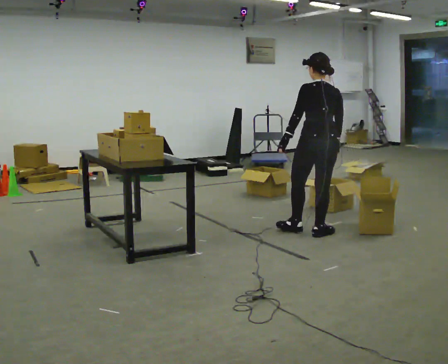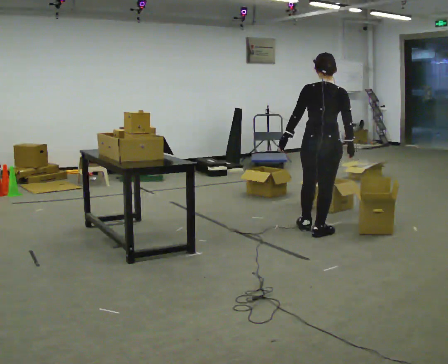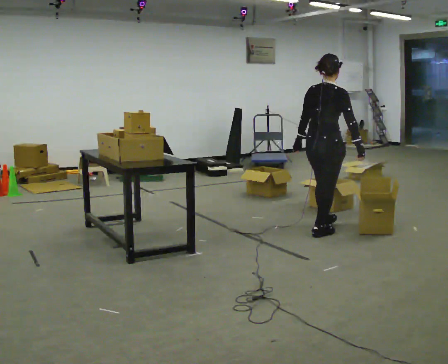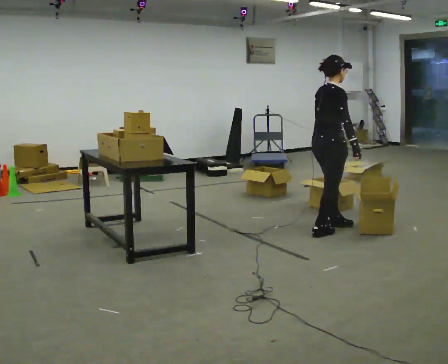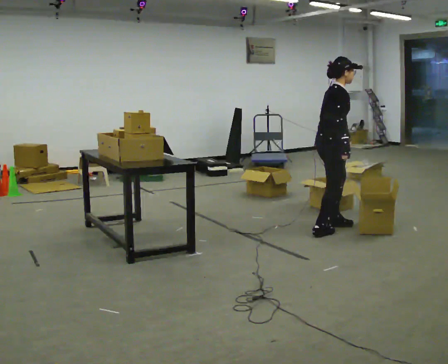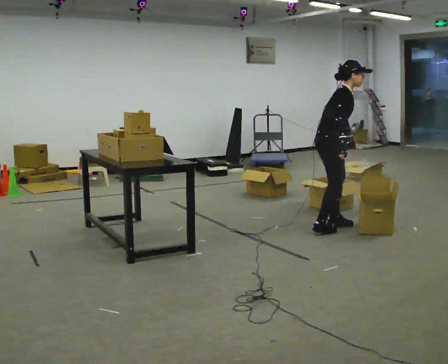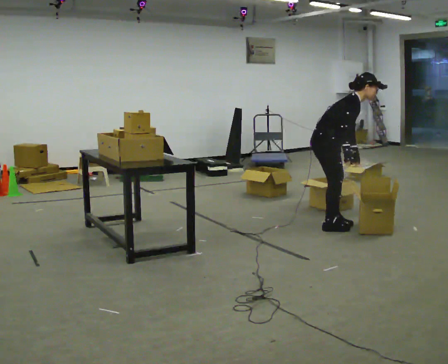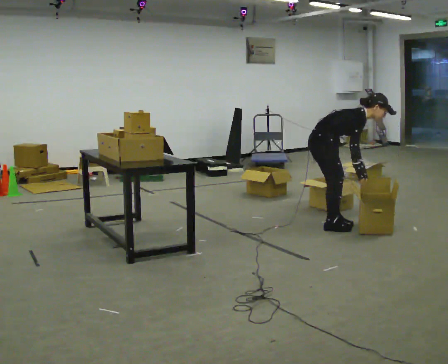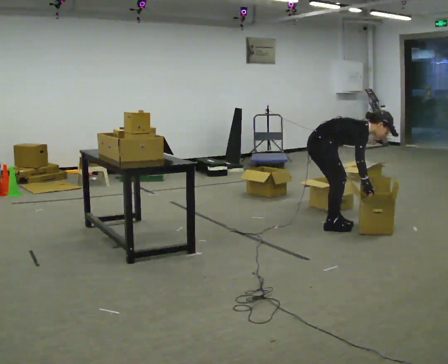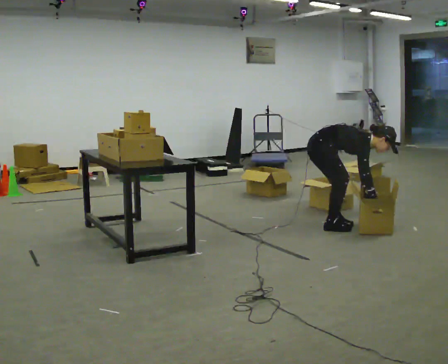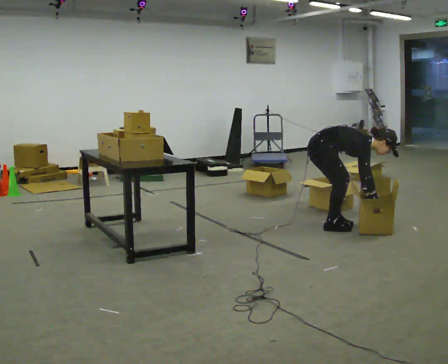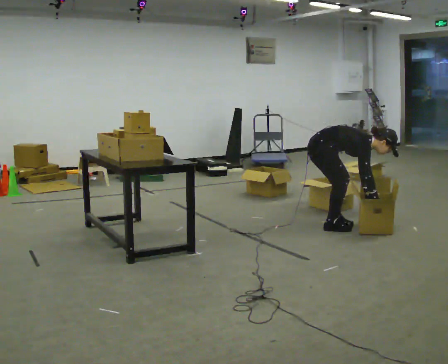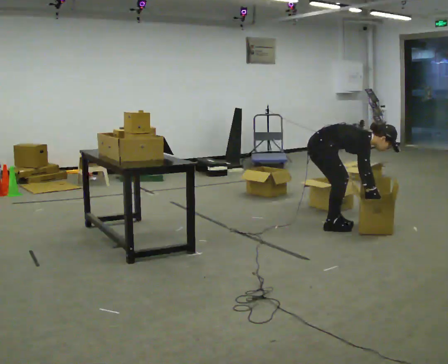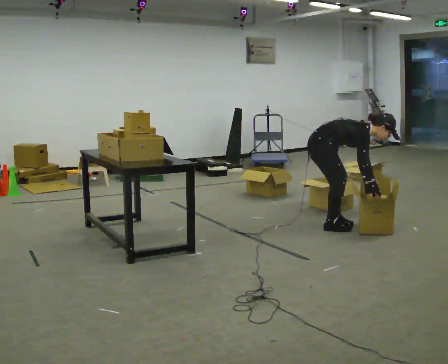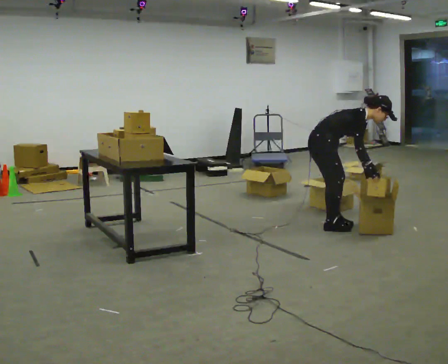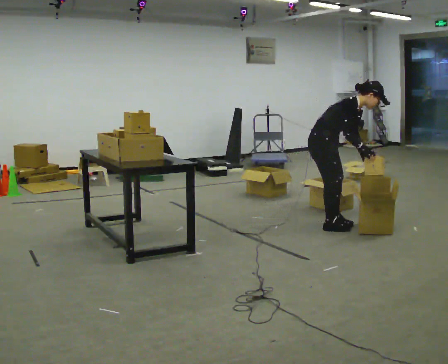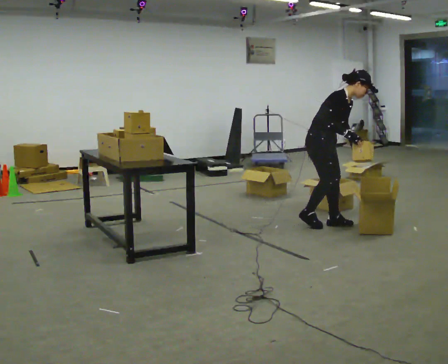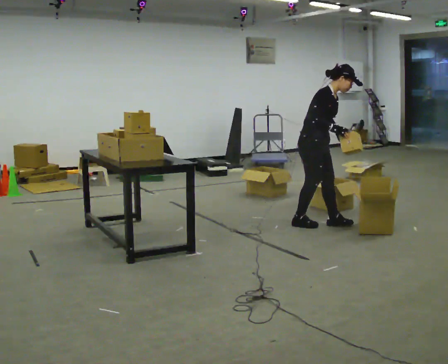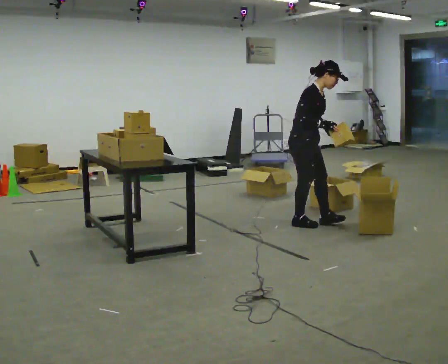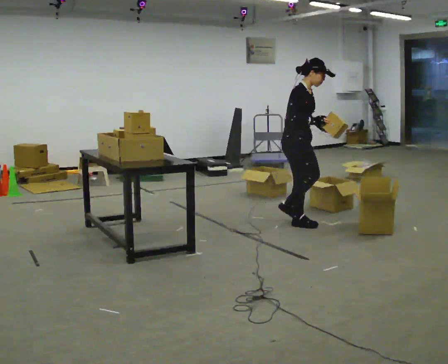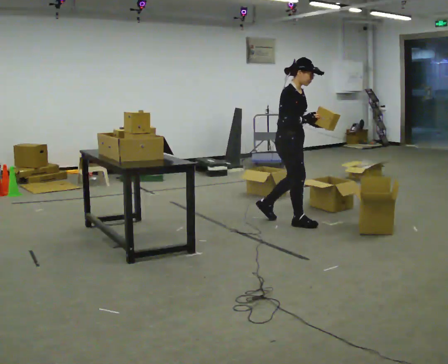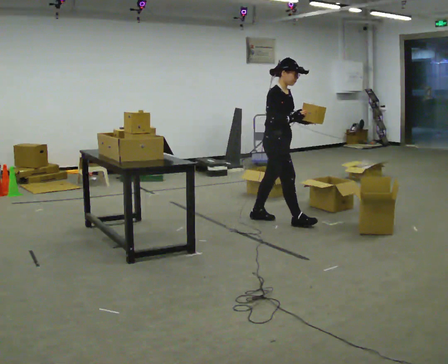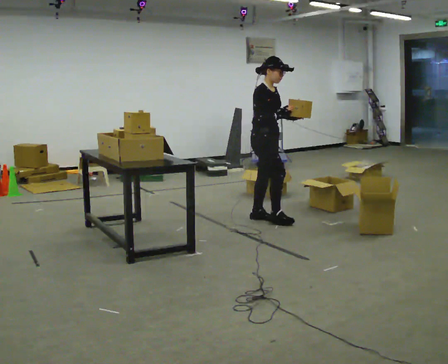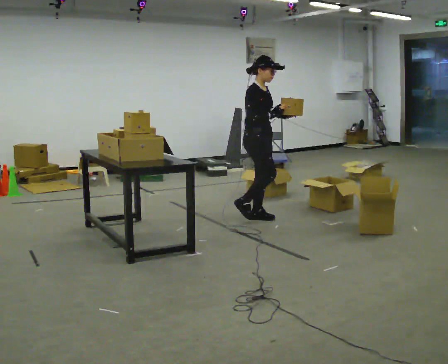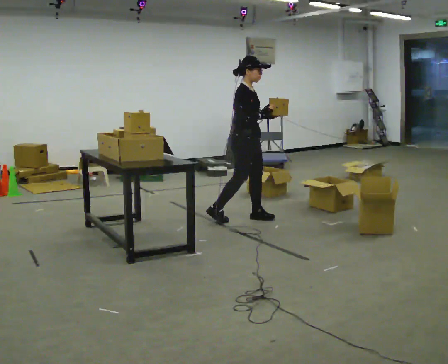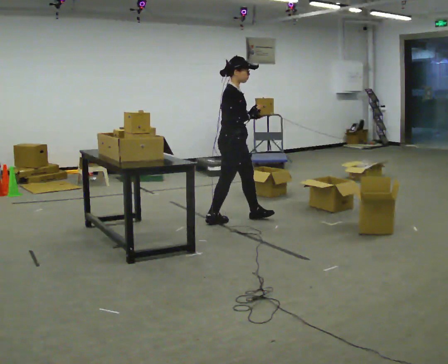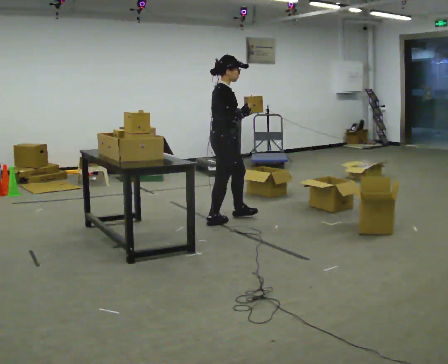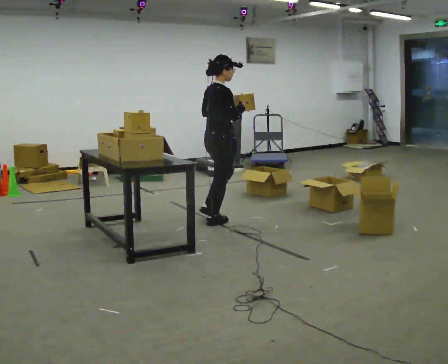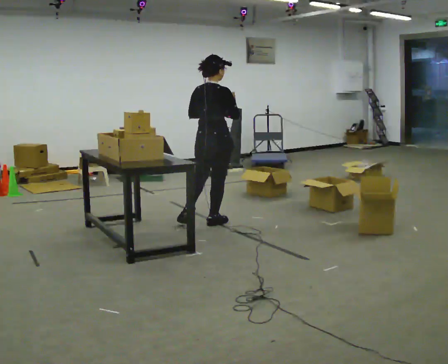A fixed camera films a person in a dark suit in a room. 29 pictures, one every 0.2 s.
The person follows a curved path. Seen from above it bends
counterclockwise.
The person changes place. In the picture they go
to the left.
0.0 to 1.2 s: The part of the body nearest the lens slides to the left as the person turns to their right by about 105 degrees. In the picture they go away from the camera, about 0.25 m in 2 steps. In the picture the upper body tilts clockwise, shoulders to the right, as they bend forward.
1.2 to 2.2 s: The upper body goes downward. In the picture the upper body tilts clockwise, shoulders to the right, as they bend forward. In the picture their right hand goes downward.
2.2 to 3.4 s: The shoulders move upward. In the picture the upper body tilts counterclockwise, shoulders to the left, as they lean back or straighten. In the picture their right hand goes upward and to the left.
3.4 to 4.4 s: In the picture they go to the left, about 0.5 m in 2 steps, which for them is backward. In the picture the upper body tilts counterclockwise, shoulders to the left, as they lean back or straighten.
4.4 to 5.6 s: The part of the body nearest the lens slides to the right as the person turns to their left by about 90 degrees. In the picture they go to the left and toward the camera, about 0.5 m in 1 step.
The film runs backward here.
